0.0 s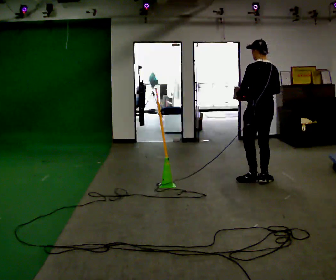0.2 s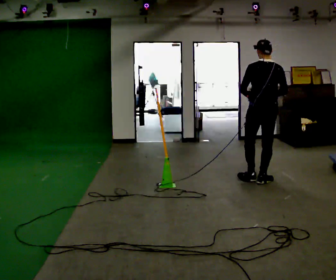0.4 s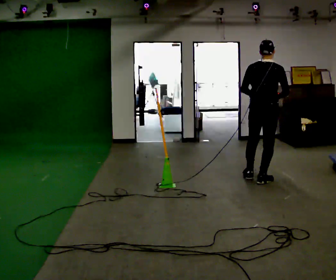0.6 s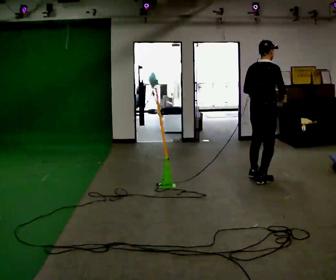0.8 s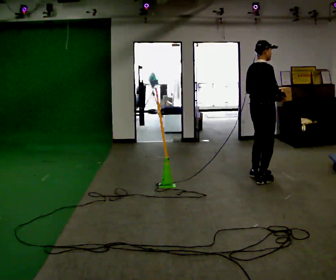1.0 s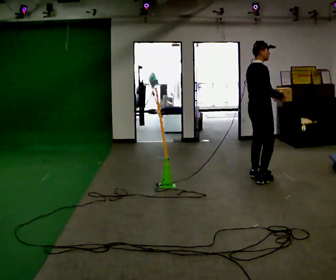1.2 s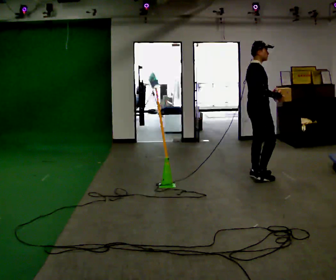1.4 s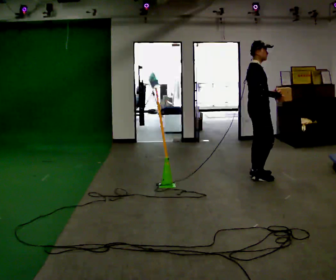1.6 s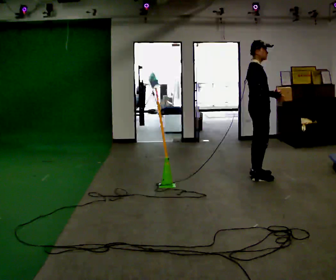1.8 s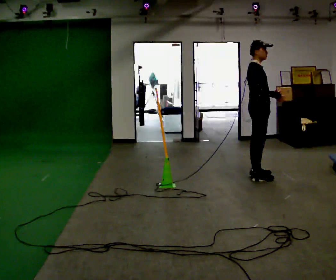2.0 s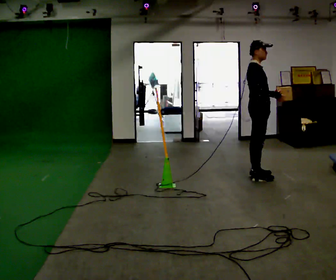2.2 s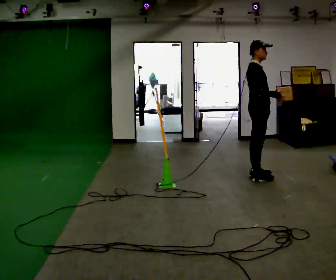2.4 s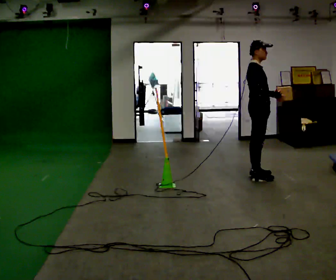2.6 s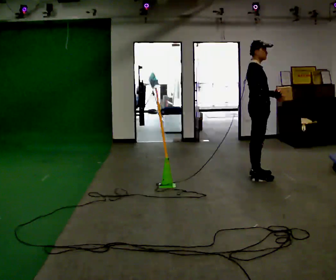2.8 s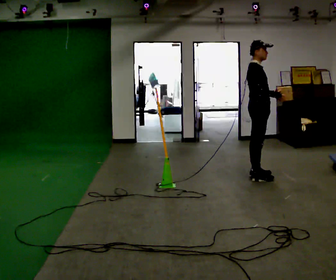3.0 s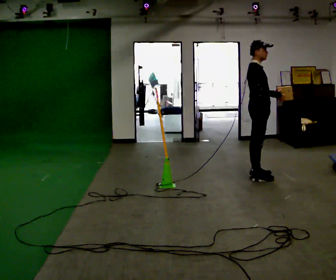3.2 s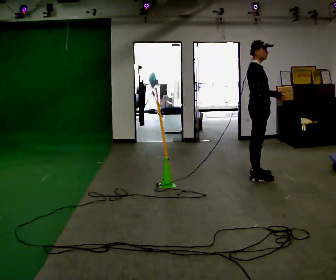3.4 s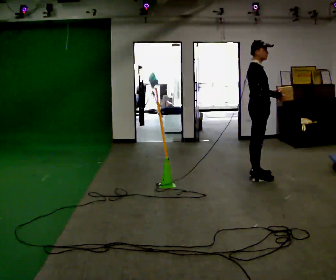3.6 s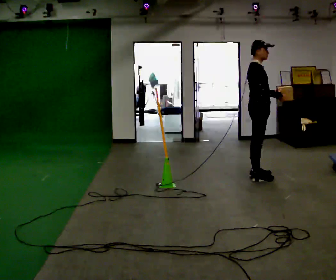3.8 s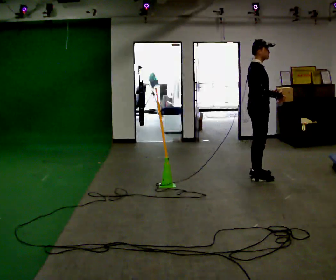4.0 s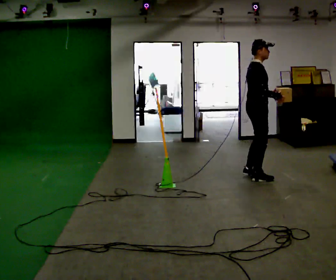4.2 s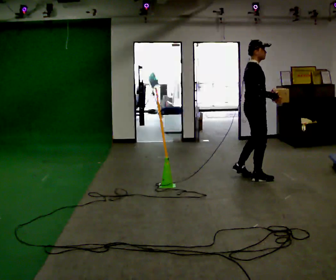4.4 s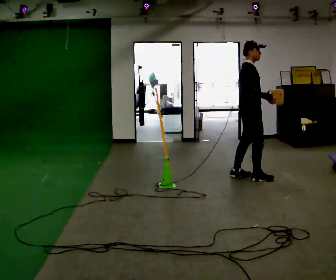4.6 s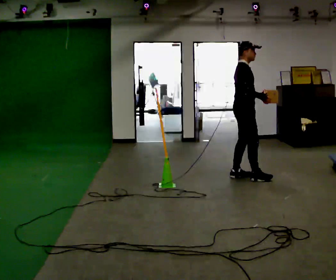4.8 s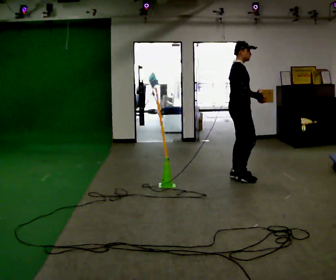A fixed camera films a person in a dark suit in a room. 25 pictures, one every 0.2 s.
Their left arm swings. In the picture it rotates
counterclockwise.
The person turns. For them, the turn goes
to their right.
0.0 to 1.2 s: Seen from above the body turns clockwise, about 120 degrees: to their right, with its near side sliding to the left. In the picture they go away from the camera, about 0.25 m in 2 steps. In the picture their left hand goes to the right, the arm swinging counterclockwise.
1.2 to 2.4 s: The person moves a little, or ends about where they began.
2.4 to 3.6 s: The person keeps their place and pose.
3.6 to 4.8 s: In the picture they go to the left, about 0.25 m in 2 steps, which for them is backward.
The film runs backward here.
